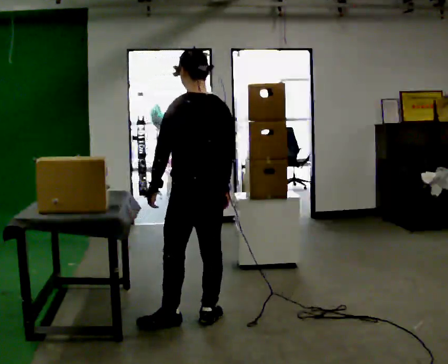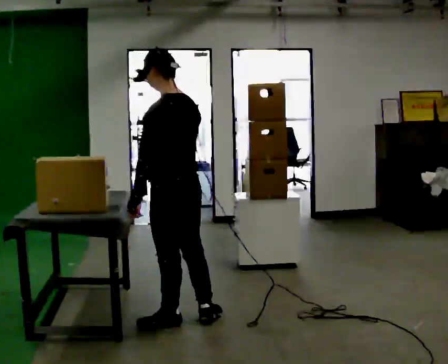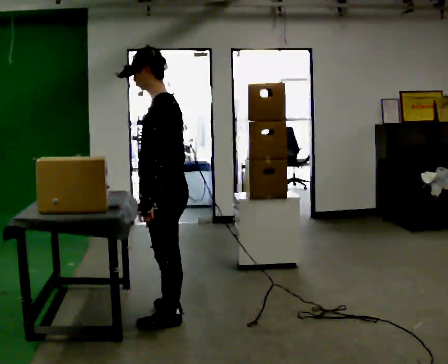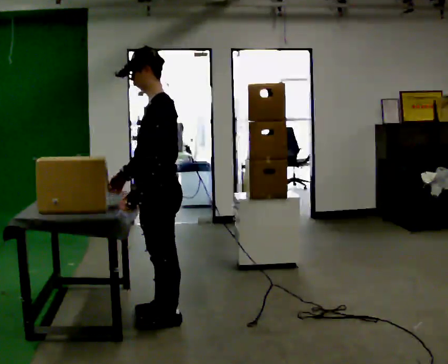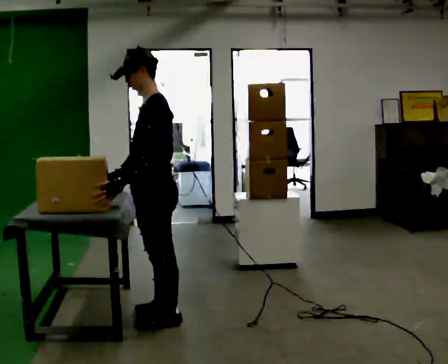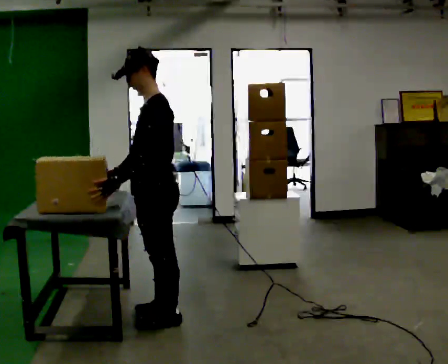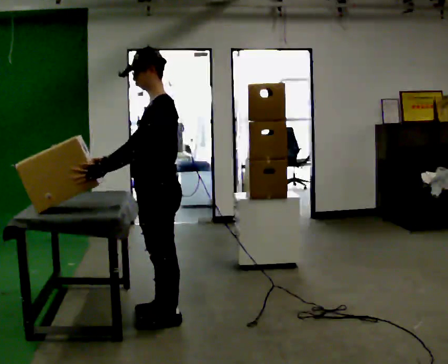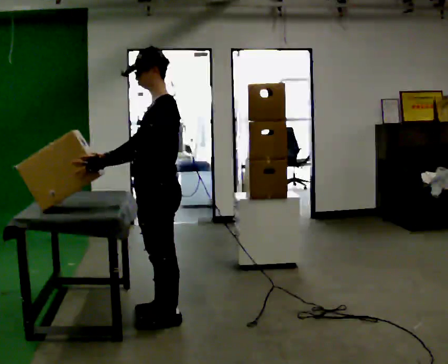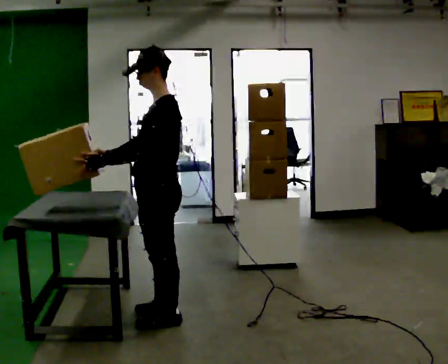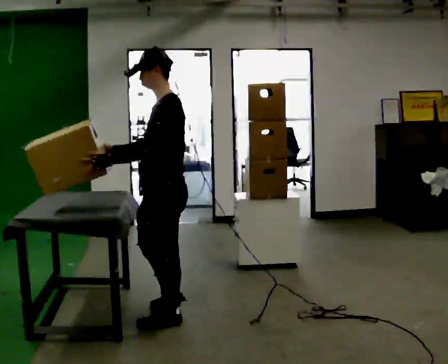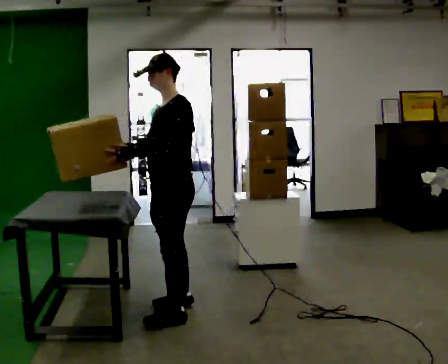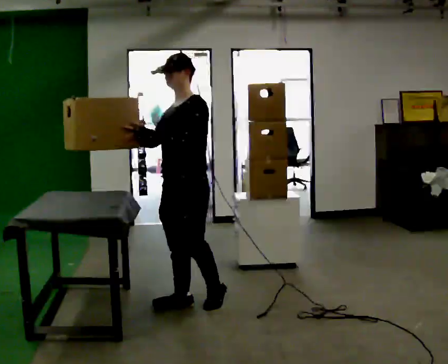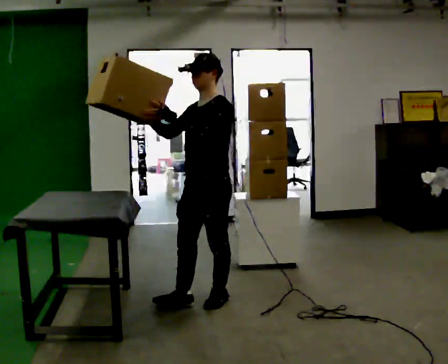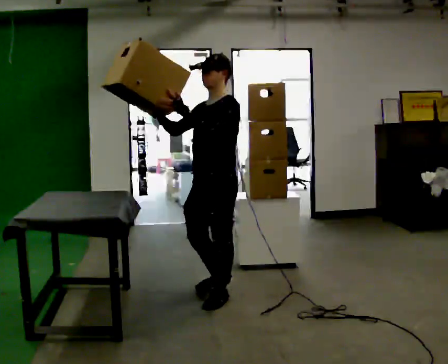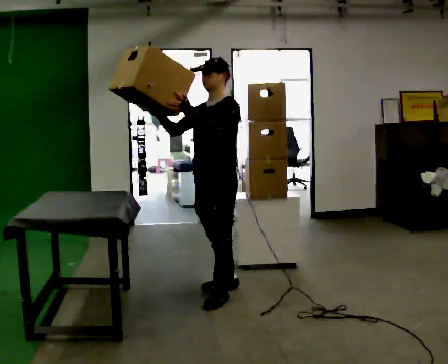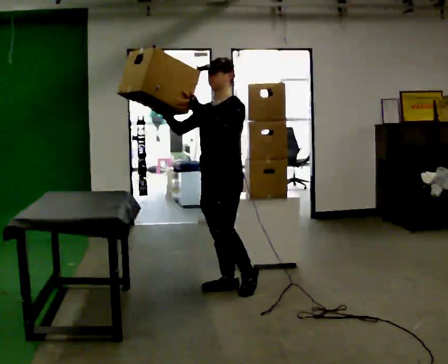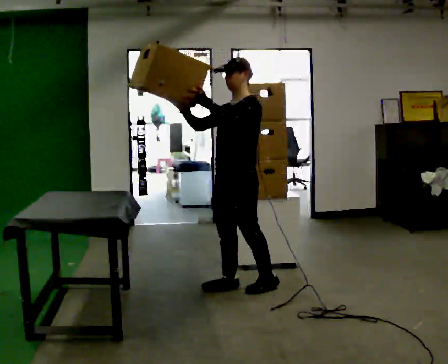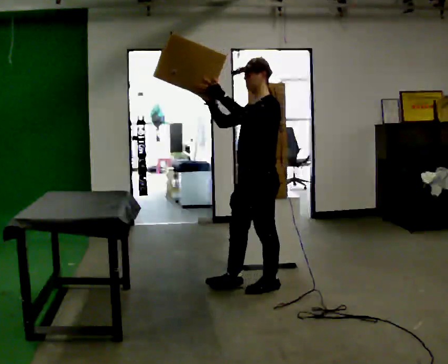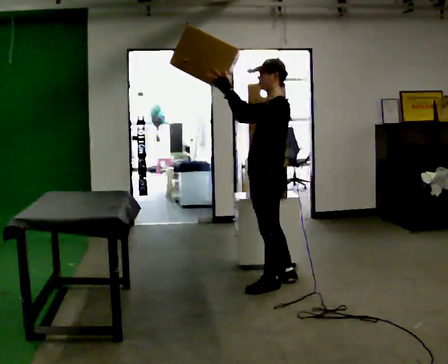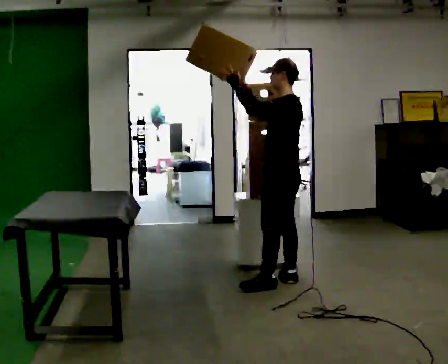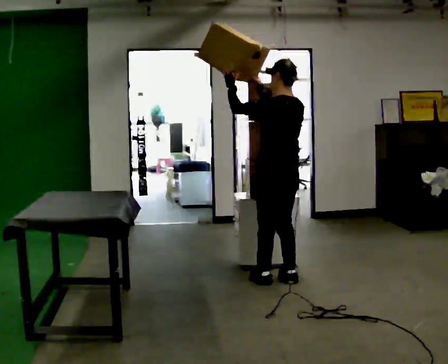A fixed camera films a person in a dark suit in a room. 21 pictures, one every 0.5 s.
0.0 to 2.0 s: The part of the body nearest the lens slides to the right as the person turns to their left by about 60 degrees. In the picture they go to the left, about 0.25 m in 1 step.
2.0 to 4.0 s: The person moves a little, or ends about where they began.
4.0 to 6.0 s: The person turns about 30 degrees to their left, counterclockwise seen from above, so the part of the body nearest the lens slides to the right. In the picture they go away from the camera and to the right, about 0.5 m in 2 steps, which for them is backward.
6.0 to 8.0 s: In the picture they go away from the camera and to the right, about 0.5 m in 2 steps, which for them is backward.
8.0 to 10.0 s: The part of the body nearest the lens slides to the left as the person turns to their right by about 75 degrees. In the picture they go to the right, about 0.25 m in 1 step.
The film runs backward here.
